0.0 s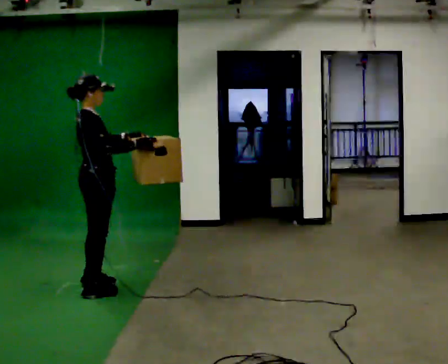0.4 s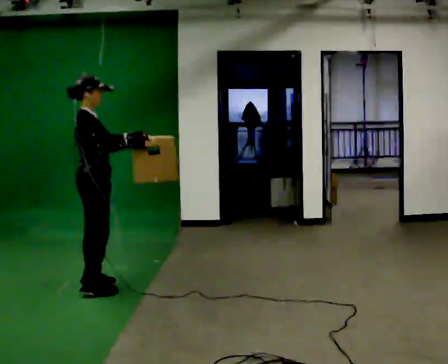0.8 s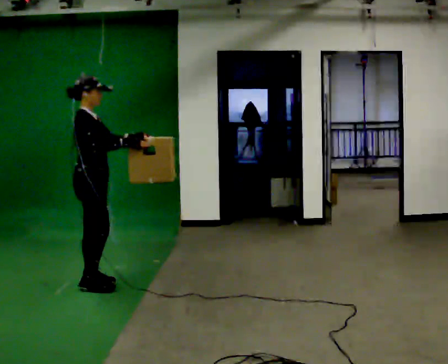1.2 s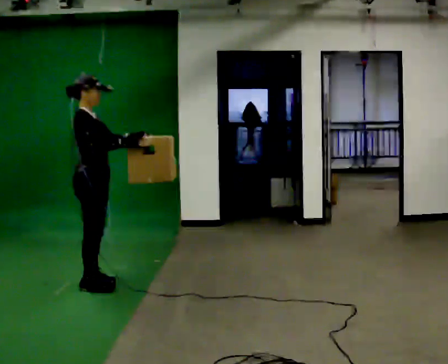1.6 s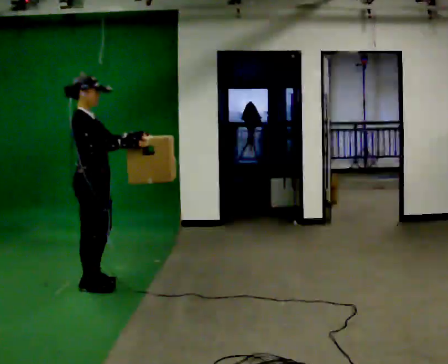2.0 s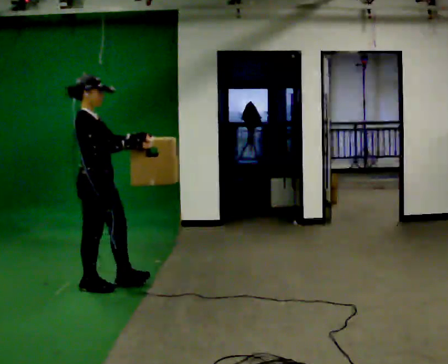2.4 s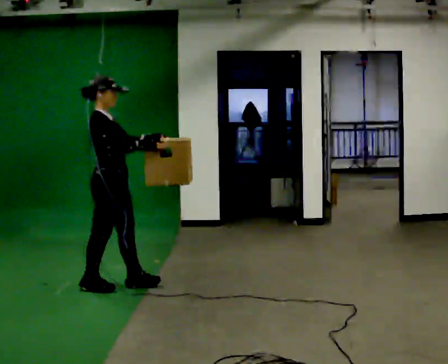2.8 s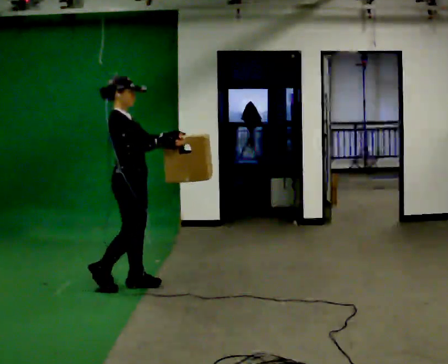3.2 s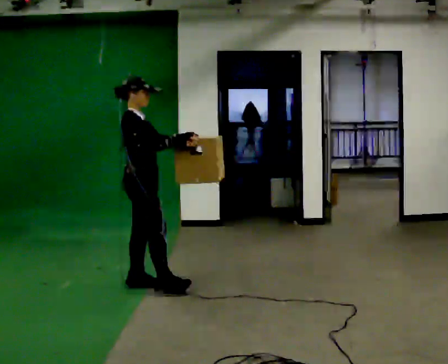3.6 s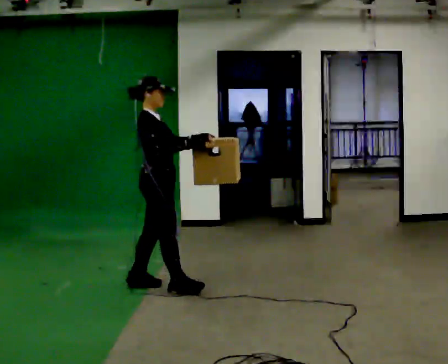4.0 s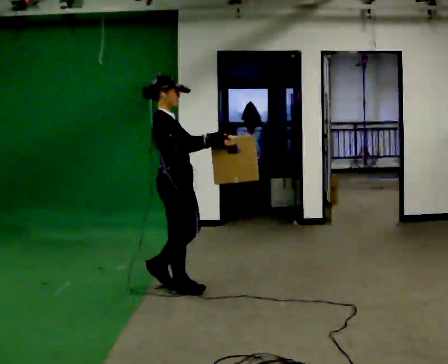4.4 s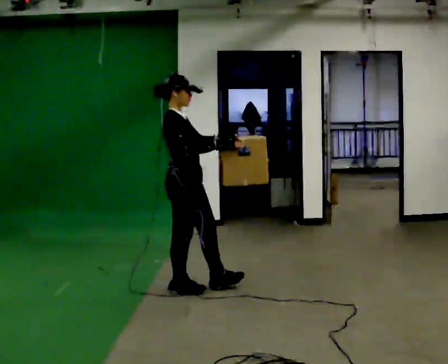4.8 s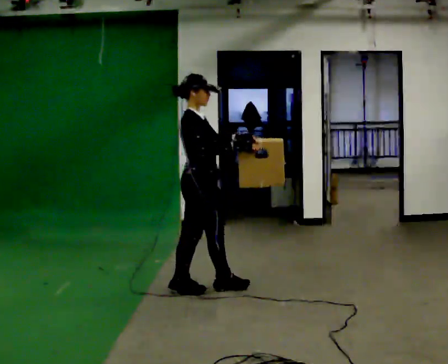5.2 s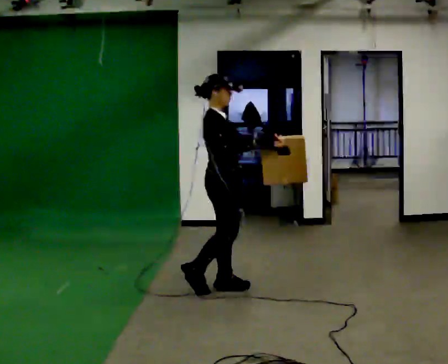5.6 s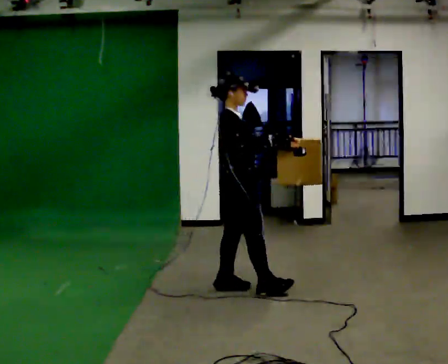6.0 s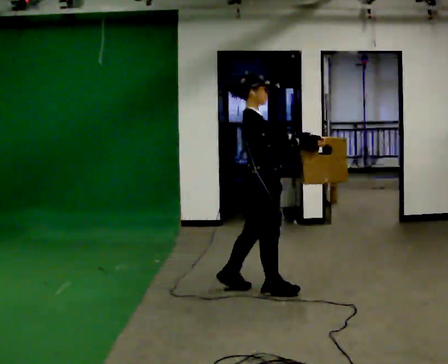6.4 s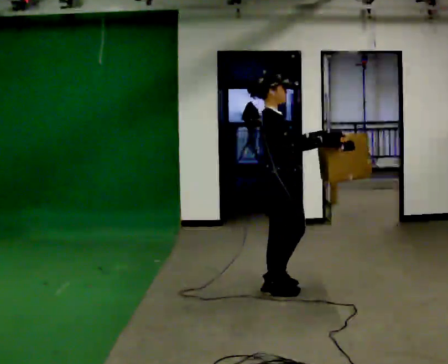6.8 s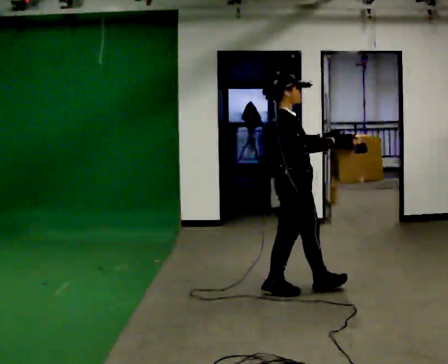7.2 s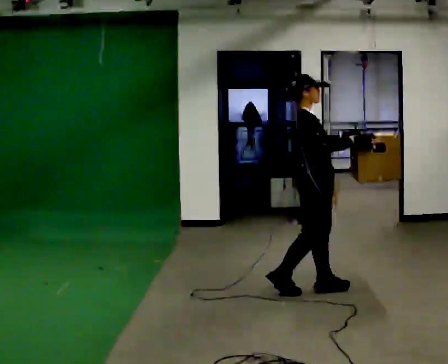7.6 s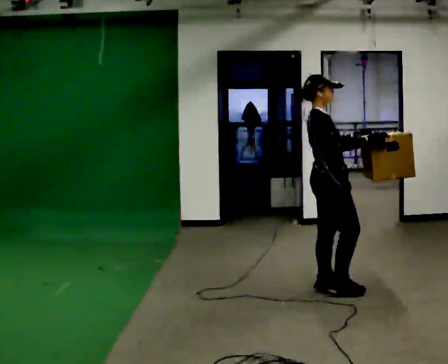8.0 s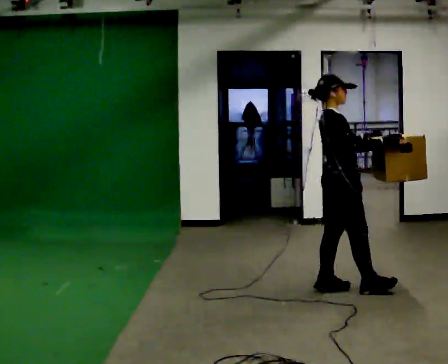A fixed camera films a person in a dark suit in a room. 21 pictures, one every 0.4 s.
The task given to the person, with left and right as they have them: Carry the box across the room much more slowly and carefully than normal, back and forth.
0.0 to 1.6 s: The person moves a little, or ends about where they began.
1.6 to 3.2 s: In the picture they go to the right, about 0.25 m in 1 step, which for them is forward.
3.2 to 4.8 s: In the picture they go to the right, about 0.5 m in 2 steps, which for them is forward.
4.8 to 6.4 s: In the picture they go to the right, about 0.5 m in 1 step, which for them is forward.
6.4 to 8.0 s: In the picture they go to the right, about 0.5 m in 2 steps, which for them is forward.
The film runs forward here.
